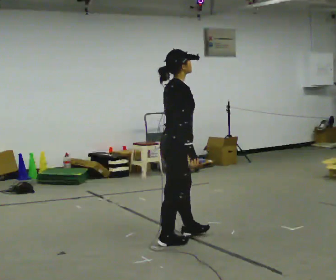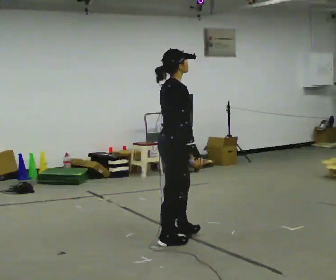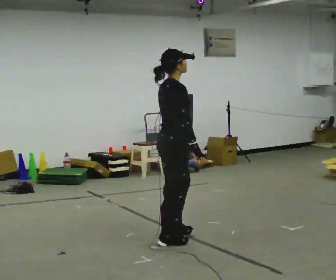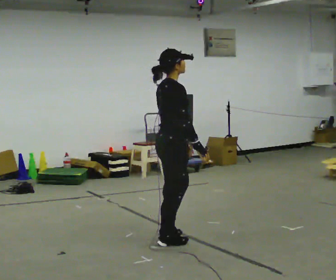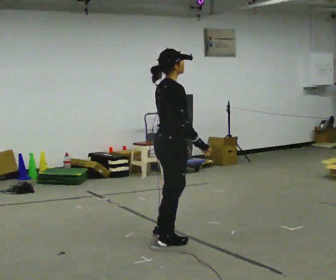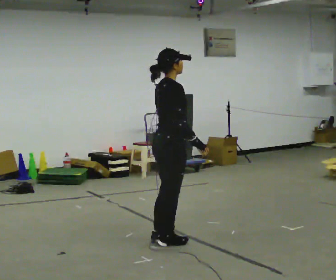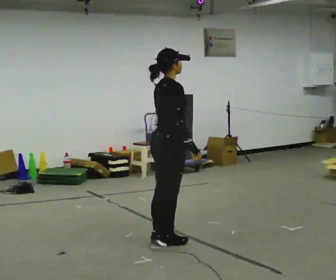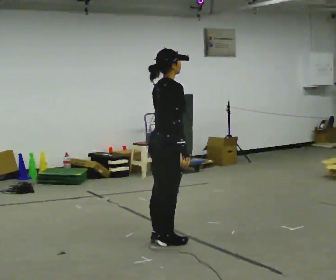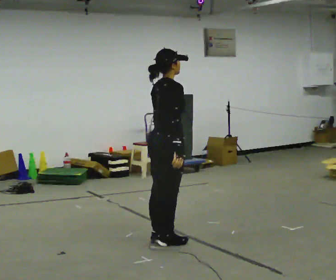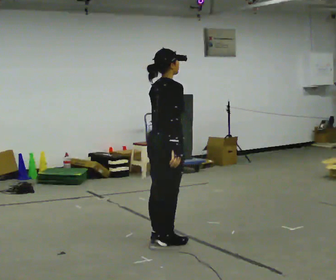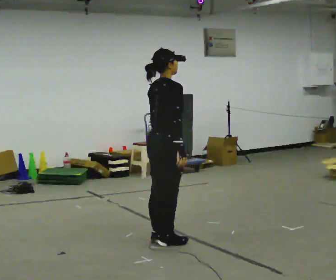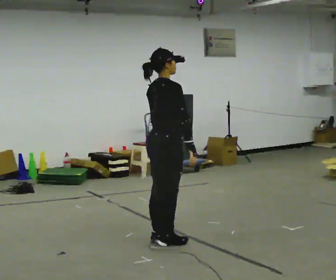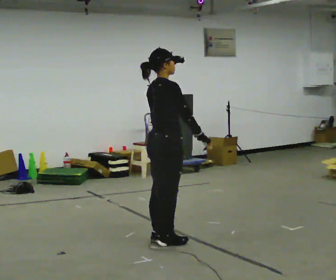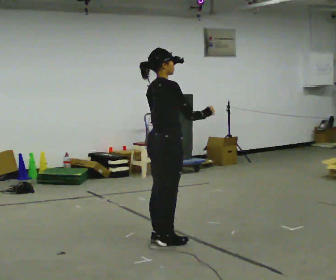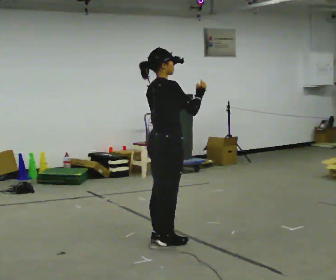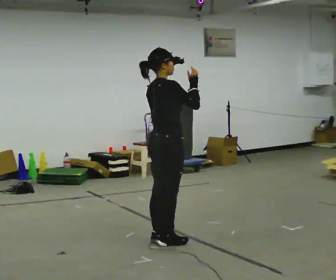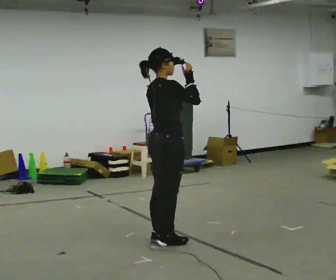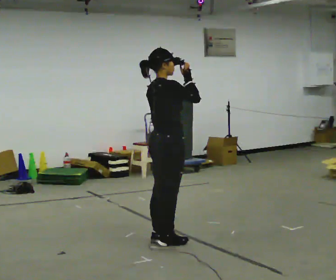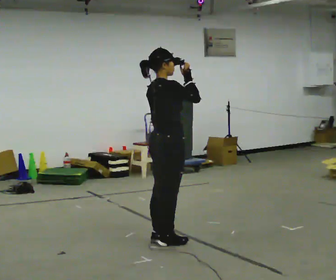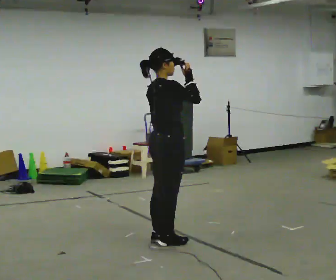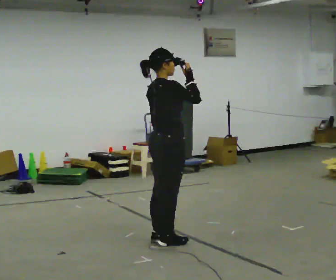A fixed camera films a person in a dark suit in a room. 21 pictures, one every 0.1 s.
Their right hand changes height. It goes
upward.
0.0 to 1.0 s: The person moves a little, or ends about where they began.
1.0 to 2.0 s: In the picture their right hand goes upward.
The film runs backward here.
